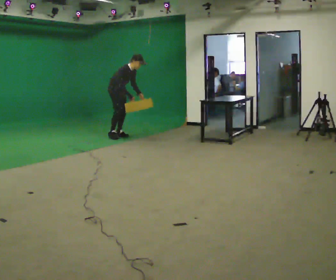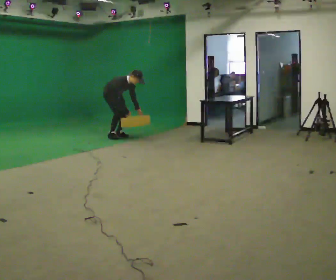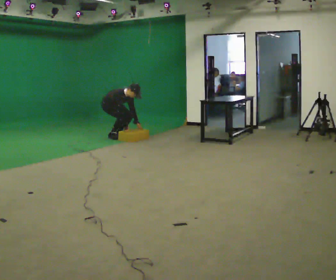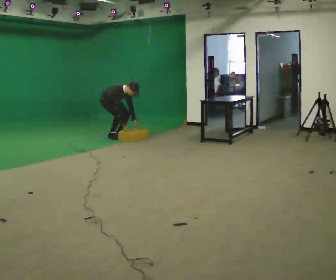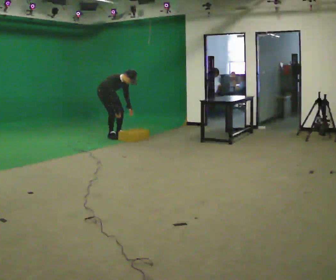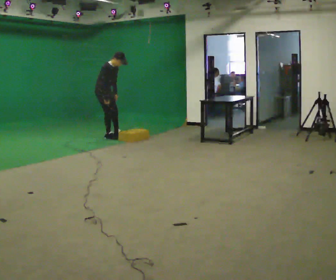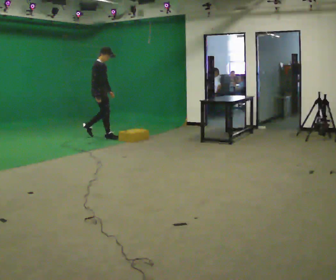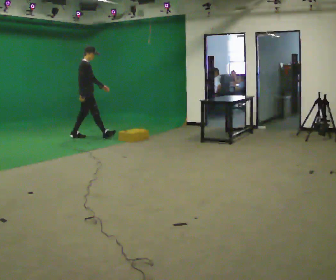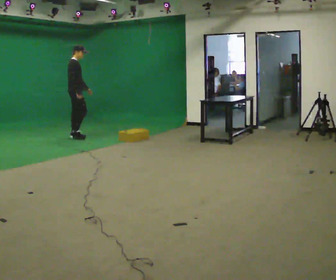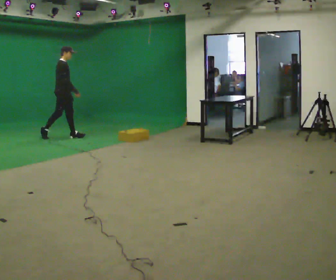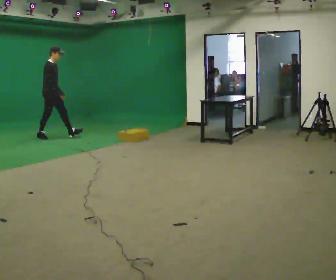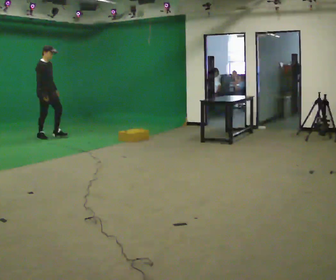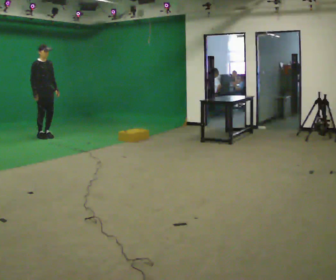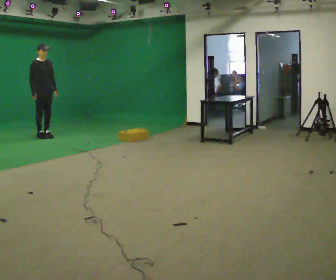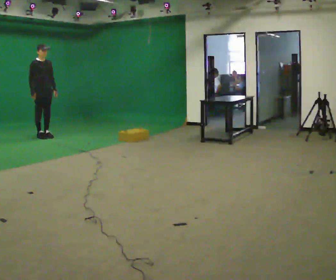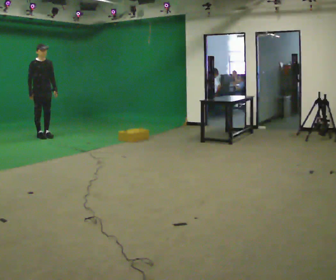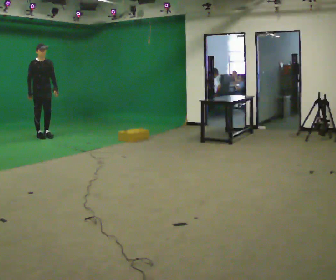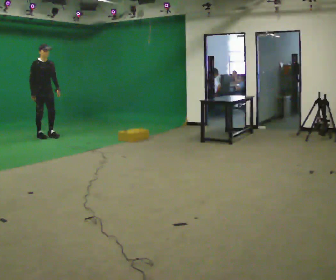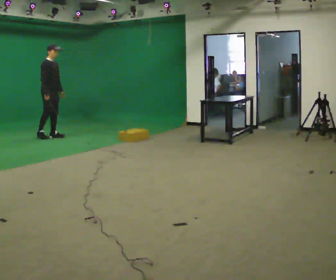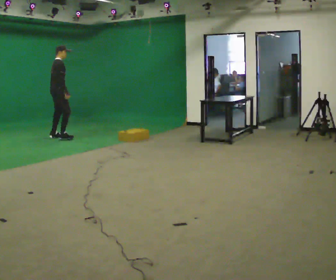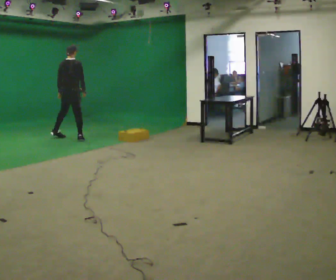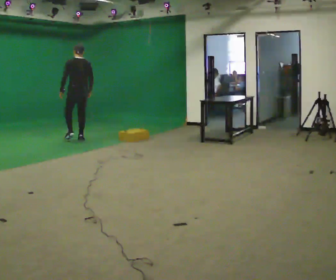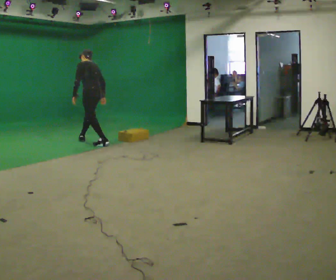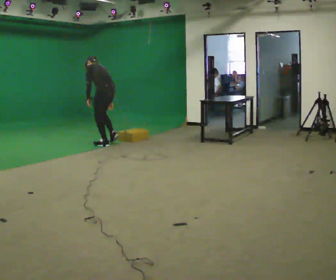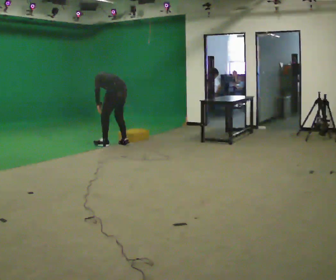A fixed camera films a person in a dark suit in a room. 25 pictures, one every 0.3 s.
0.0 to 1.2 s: In the picture they go to the left, about 0.25 m, which for them is backward. The upper body tips toward the camera, its near side rolling downward.
1.2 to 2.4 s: The part of the body nearest the lens slides to the right as the person turns to their left by about 45 degrees. In the picture they go to the left, about 0.5 m in 2 steps, which for them is backward. The shoulders move upward. The upper body tips away from the camera, its near side rolling upward, as they lean back or straighten. In the picture their right hand goes upward.
2.4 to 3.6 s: The part of the body nearest the lens slides to the left as the person turns to their right by about 45 degrees. In the picture they go to the left, about 0.5 m in 1 step, which for them is backward.
3.6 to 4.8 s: The person moves a little, or ends about where they began.
4.8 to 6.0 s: The person turns about 120 degrees to their left, counterclockwise seen from above, so the part of the body nearest the lens slides to the right. In the picture they go to the right and toward the camera, about 0.75 m in 3 steps.
6.0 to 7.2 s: Seen from above the body turns counterclockwise, about 60 degrees: to their left, with its near side sliding to the right. In the picture they go to the right and toward the camera, about 1 m in 1 step. The shoulders move downward. The upper body tips away from the camera, its near side rolling upward, as they bend forward.
The film runs backward here.
